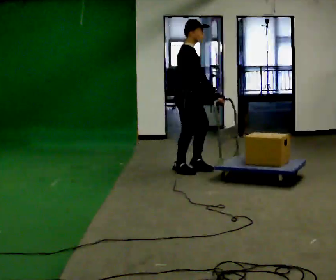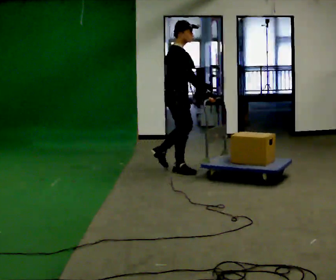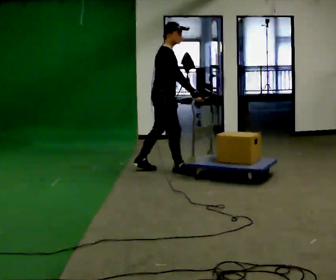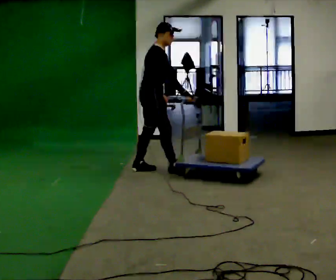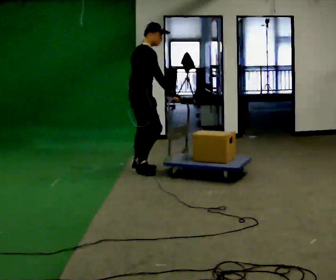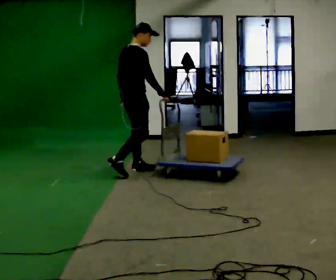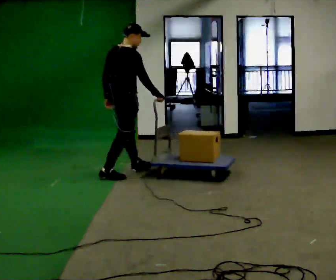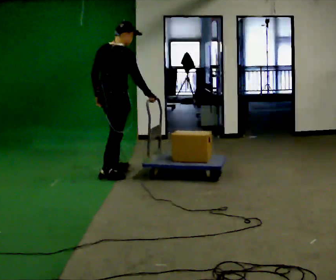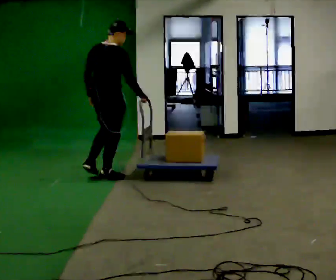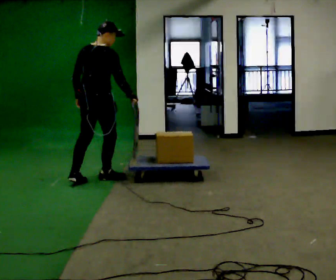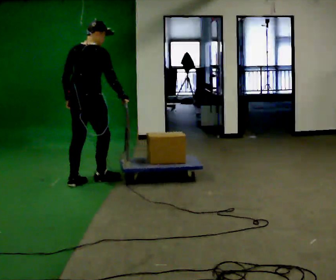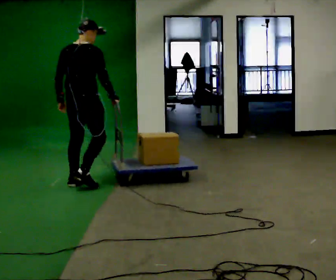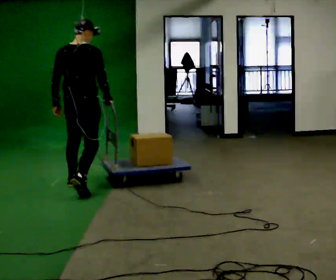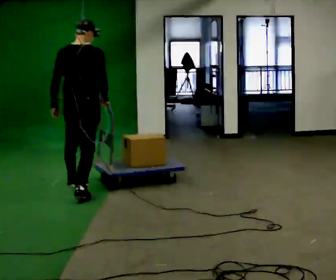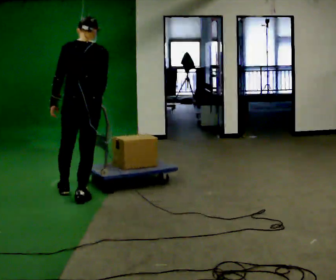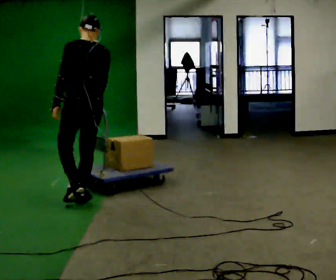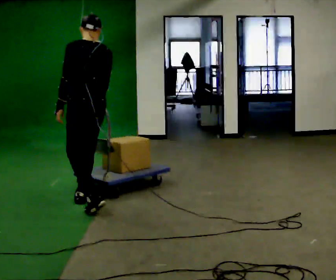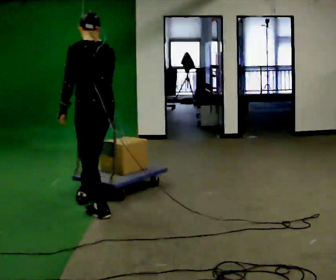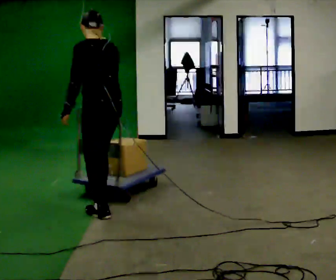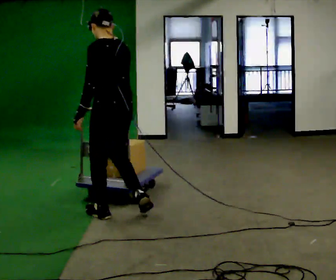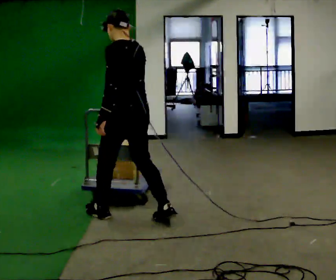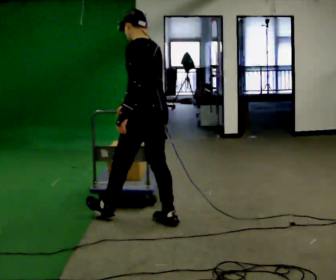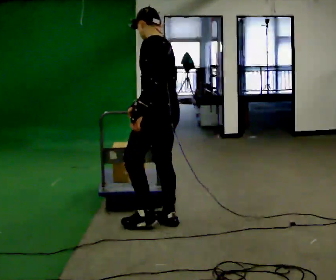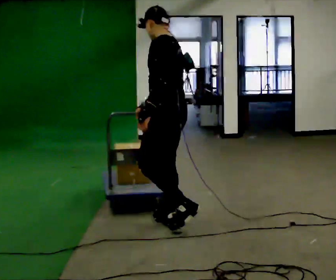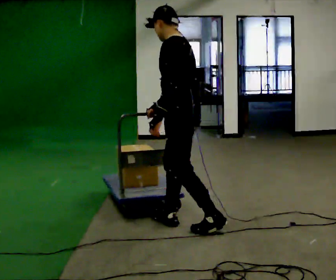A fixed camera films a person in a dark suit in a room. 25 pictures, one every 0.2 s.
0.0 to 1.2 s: Seen from above the body turns counterclockwise, about 45 degrees: to their left, with its near side sliding to the right. In the picture they go to the left, about 0.5 m in 2 steps, which for them is backward.
1.2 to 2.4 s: The part of the body nearest the lens slides to the right as the person turns to their left by about 45 degrees. In the picture they go toward the camera and to the left, about 0.75 m in 1 step, which for them is backward.
2.4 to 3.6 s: The part of the body nearest the lens slides to the right as the person turns to their left by about 60 degrees. In the picture they go toward the camera, about 1 m in 2 steps, which for them is backward.
3.6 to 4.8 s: The person turns about 30 degrees to their left, counterclockwise seen from above, so the part of the body nearest the lens slides to the right. In the picture they go to the right and toward the camera, about 0.5 m in 1 step, which for them is backward.
The film runs backward here.
